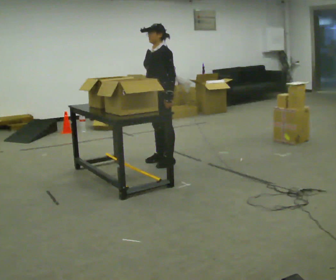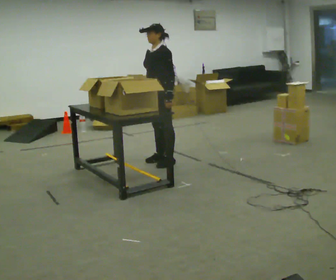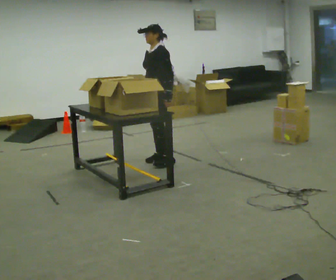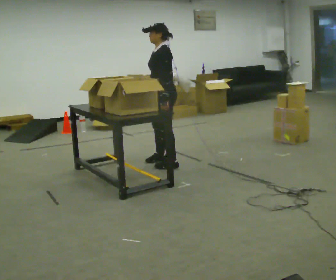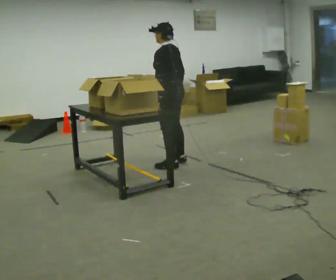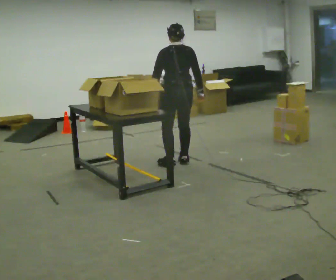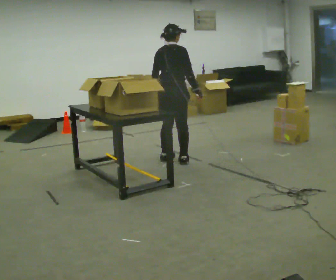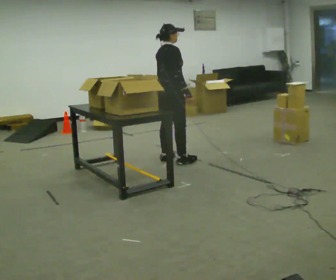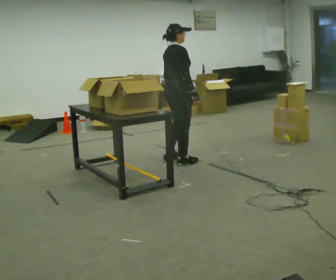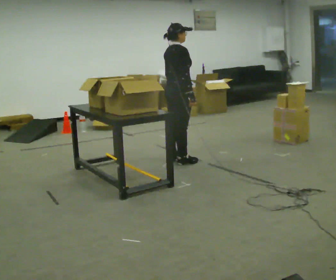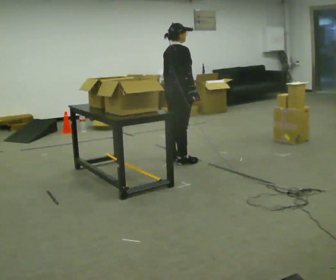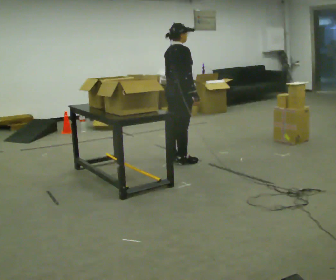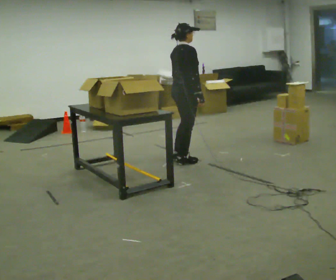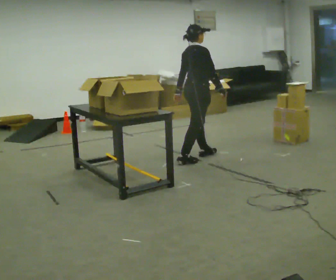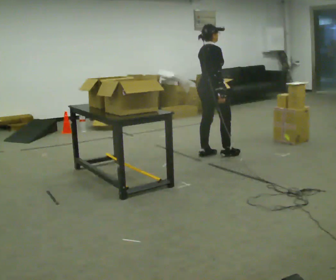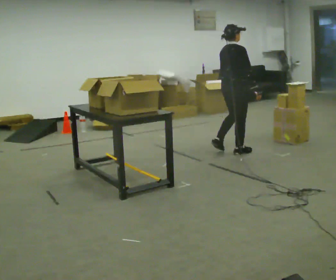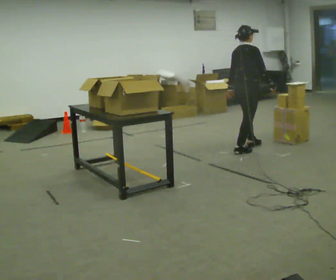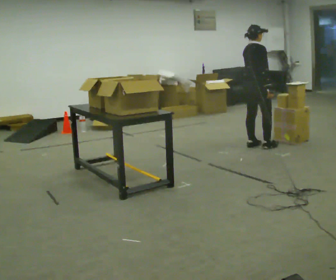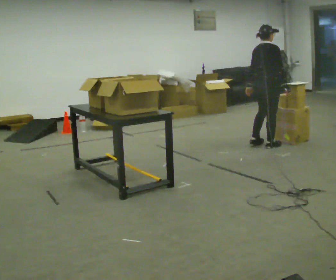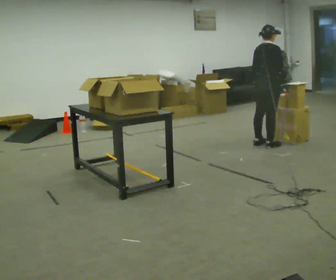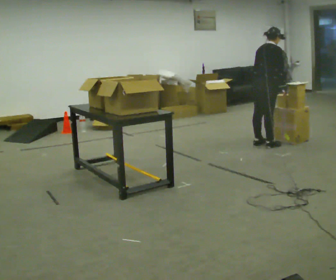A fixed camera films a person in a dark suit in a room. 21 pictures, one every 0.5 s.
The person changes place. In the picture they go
to the right.
The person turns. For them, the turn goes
to their right.
0.0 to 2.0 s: Seen from above the body turns clockwise, about 60 degrees: to their right, with its near side sliding to the left. In the picture their right hand goes to the right.
2.0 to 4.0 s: Seen from above the body turns clockwise, about 120 degrees: to their right, with its near side sliding to the left.
4.0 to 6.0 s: The person moves a little, or ends about where they began.
6.0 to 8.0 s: In the picture they go to the right and away from the camera, about 1 m in 3 steps, which for them is forward.
8.0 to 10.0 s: In the picture they go to the right, about 0.25 m in 1 step, which for them is forward. In the picture the upper body tilts clockwise, shoulders to the right, as they bend forward.
The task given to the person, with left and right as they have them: 1. Read the list the operator gives you. 2. Collect the six items on the list from the shelves. 3. Put them all in the bin on the table. 4. Tell the operator when you are finished.
The film runs forward here.
